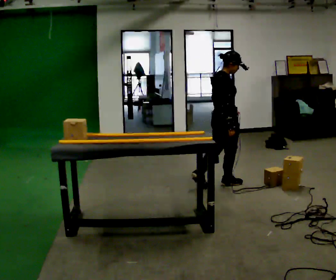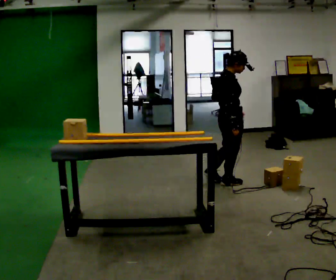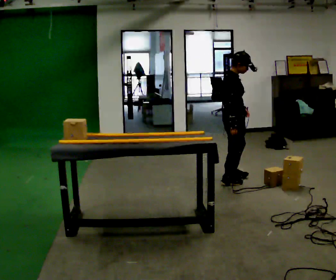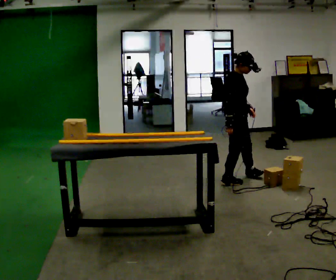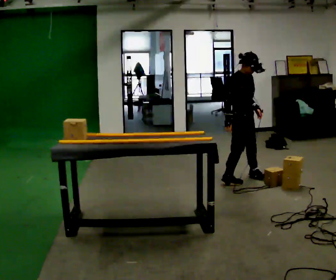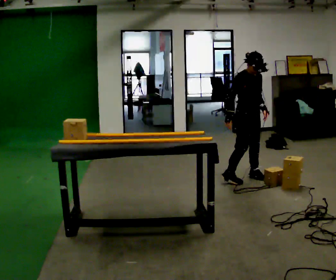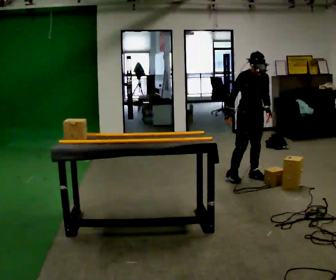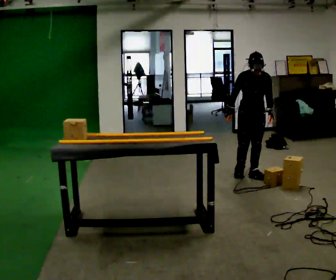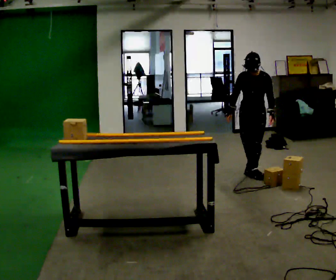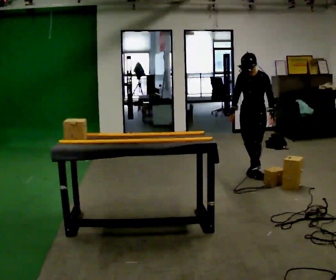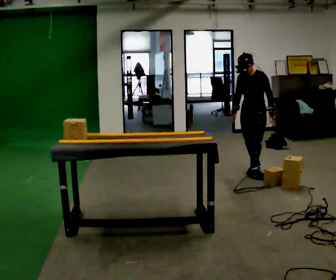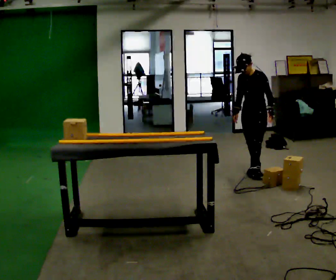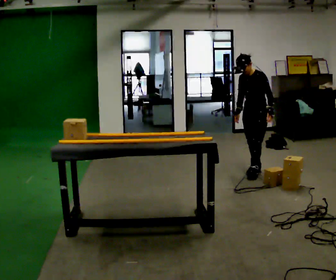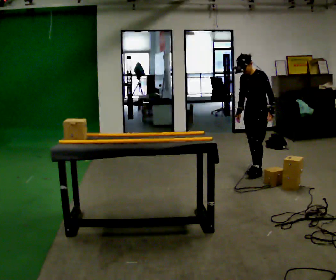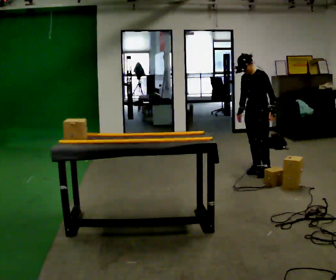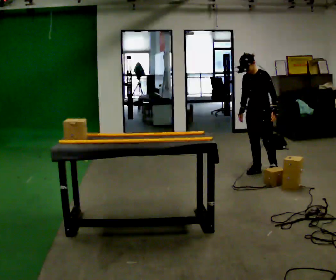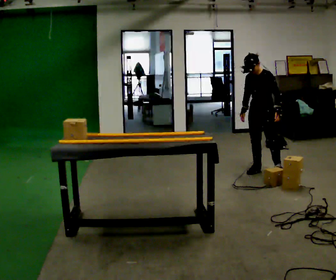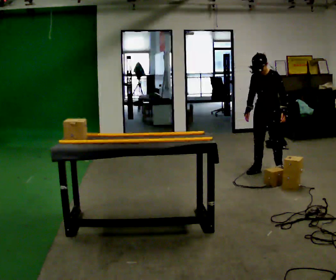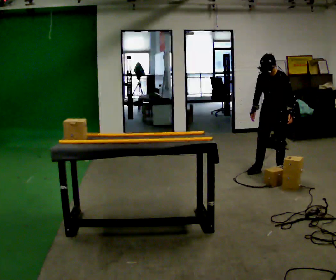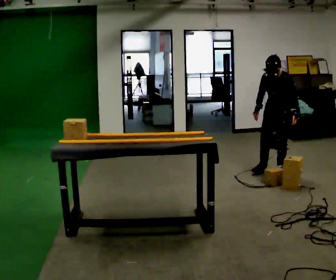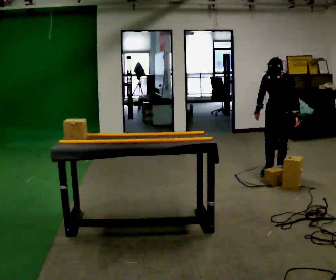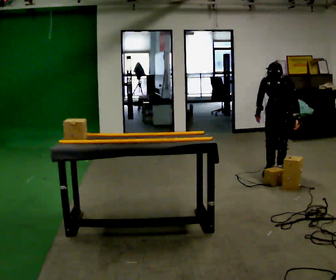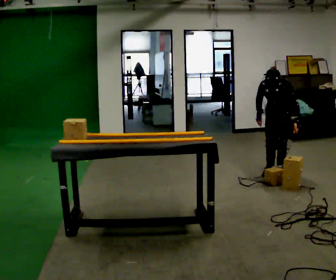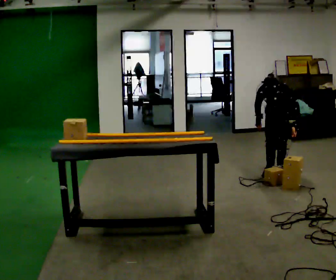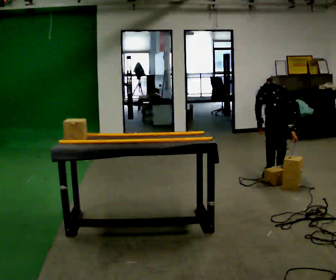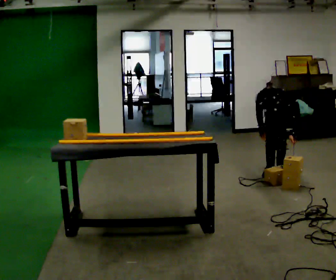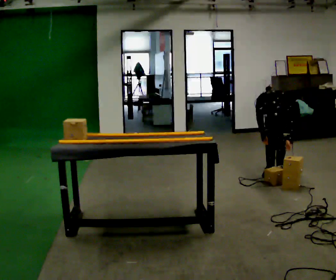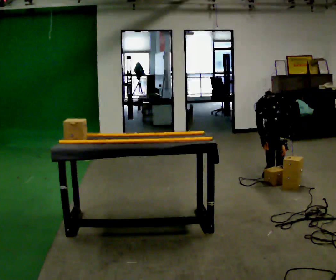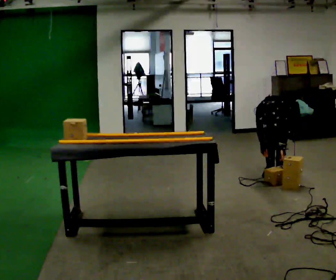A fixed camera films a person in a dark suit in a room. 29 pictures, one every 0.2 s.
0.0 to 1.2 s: The part of the body nearest the lens slides to the left as the person turns to their right by about 90 degrees. In the picture they go away from the camera and to the right, about 0.5 m in 1 step.
1.2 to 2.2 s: The part of the body nearest the lens slides to the left as the person turns to their right by about 60 degrees. In the picture they go away from the camera, about 0.25 m in 1 step, which for them is backward.
2.2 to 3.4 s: In the picture they go to the right, about 0.25 m in 1 step, which for them is backward.
3.4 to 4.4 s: The upper body tips toward the camera, its near side rolling downward, as they bend forward.
4.4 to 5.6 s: The upper body goes downward. The upper body tips toward the camera, its near side rolling downward, as they bend forward. In the picture their right hand goes downward.
The film runs forward here.
